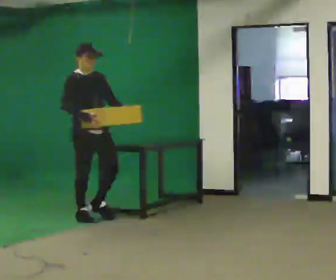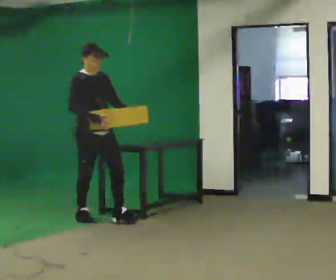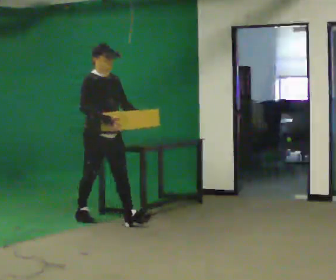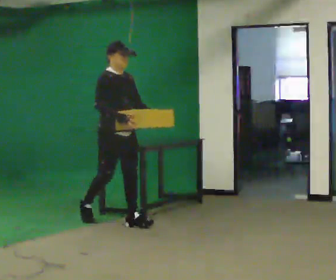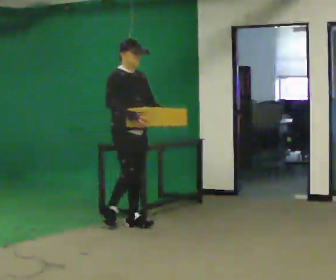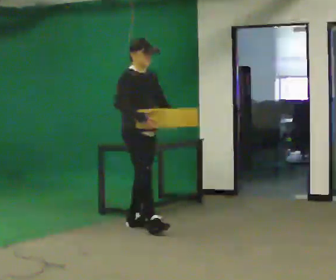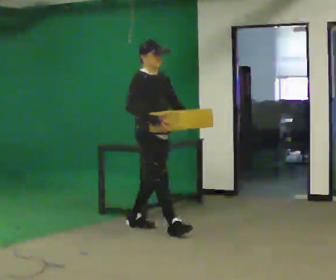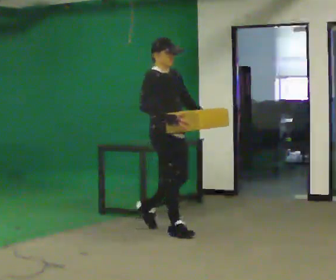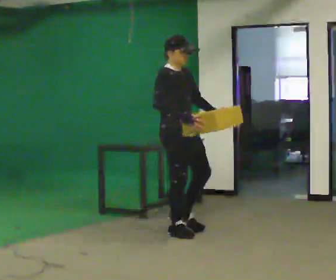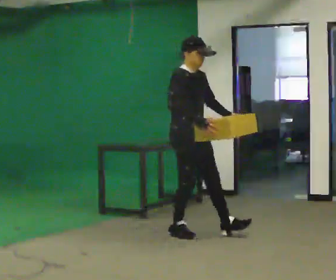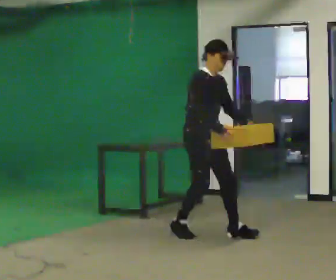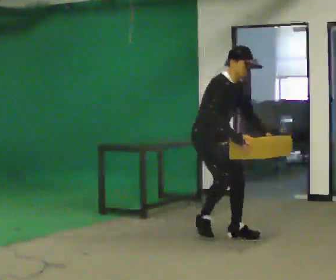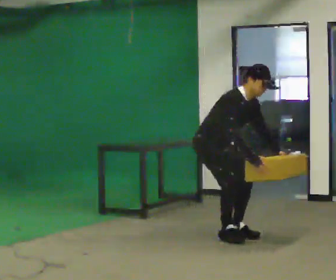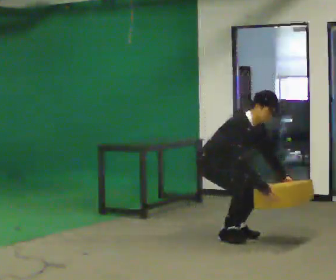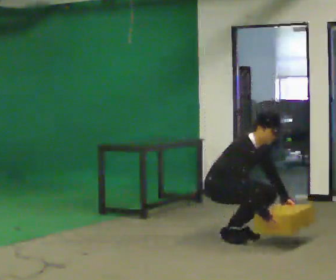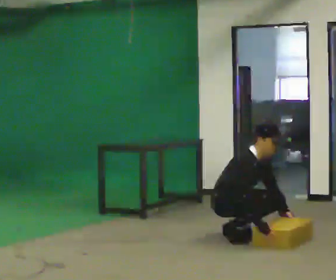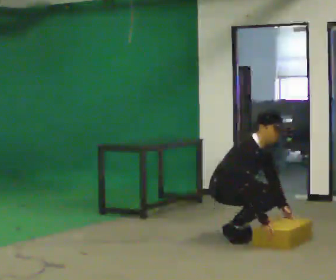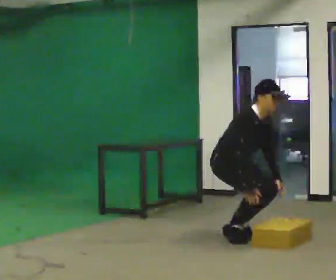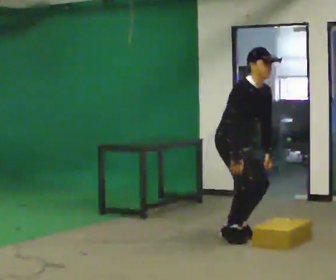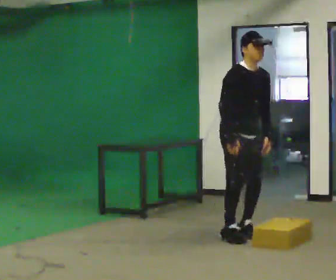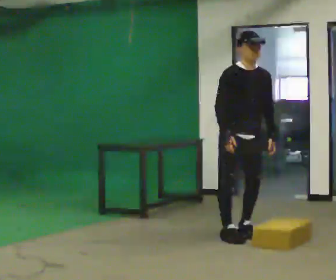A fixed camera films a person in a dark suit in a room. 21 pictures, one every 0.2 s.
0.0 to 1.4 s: In the picture they go to the right and toward the camera, about 1 m in 2 steps, which for them is forward.
1.4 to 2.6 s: In the picture they go to the right, about 0.5 m in 2 steps, which for them is forward. The upper body goes downward. In the picture the upper body tilts clockwise, shoulders to the right, as they bend forward. In the picture their left hand goes downward.
2.6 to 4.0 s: The person turns about 30 degrees to their right, clockwise seen from above, so the part of the body nearest the lens slides to the left. In the picture they go to the right, about 0.25 m in 1 step, which for them is forward. In the picture the upper body tilts counterclockwise, shoulders to the left, as they lean back or straighten. In the picture their right hand goes upward and to the left.
The film runs forward here.
